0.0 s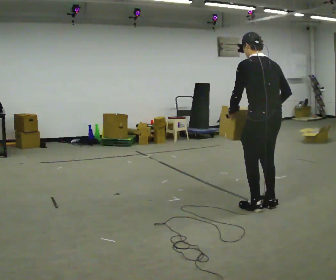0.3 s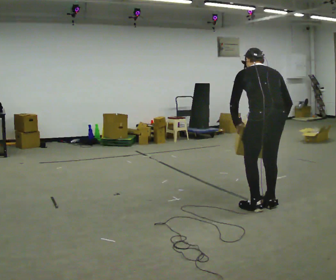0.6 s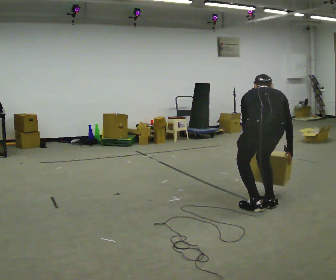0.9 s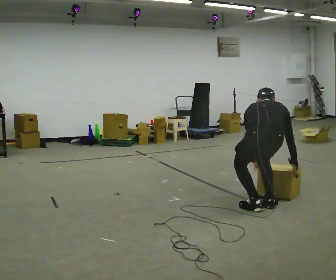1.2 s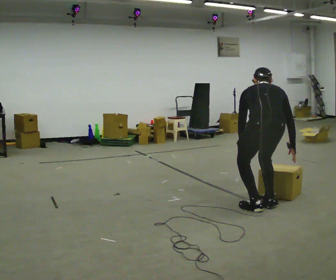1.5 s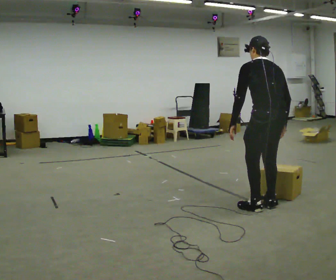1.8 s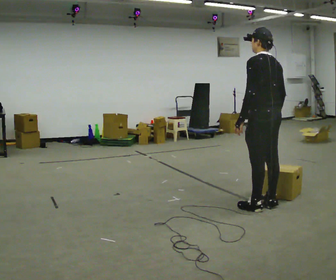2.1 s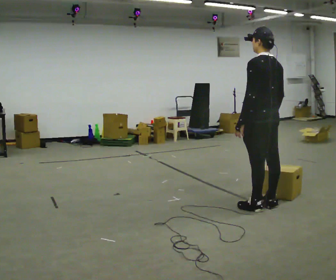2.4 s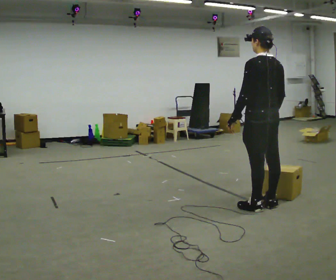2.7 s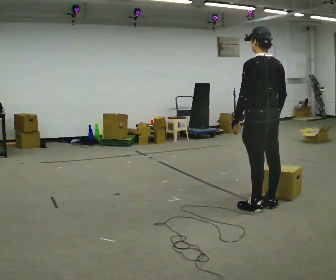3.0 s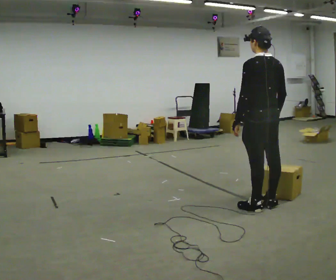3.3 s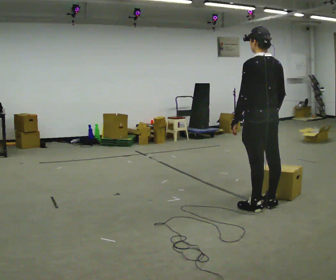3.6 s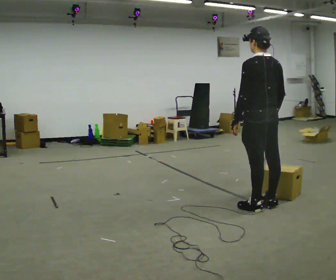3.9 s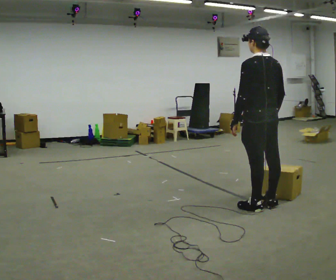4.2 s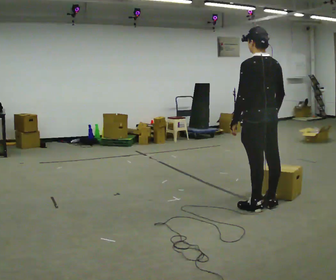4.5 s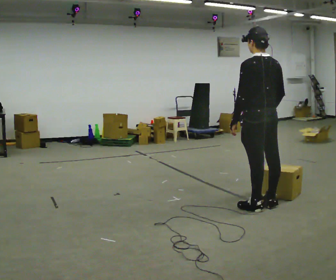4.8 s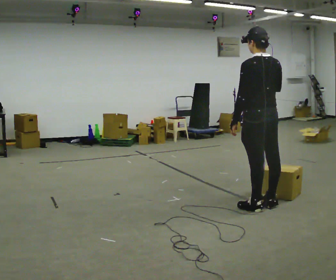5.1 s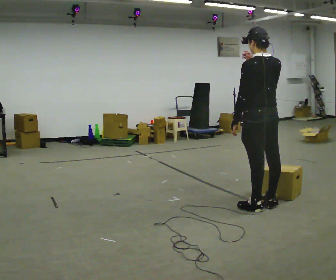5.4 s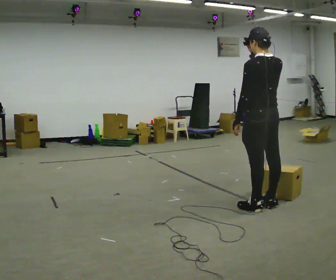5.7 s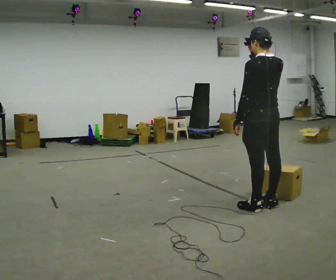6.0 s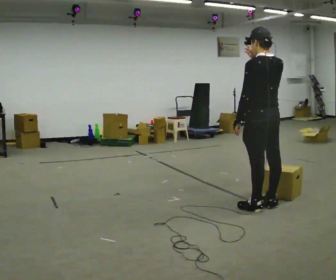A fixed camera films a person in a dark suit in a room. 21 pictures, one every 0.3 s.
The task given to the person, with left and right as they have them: Carry the box along the marked route, turning 90 degrees at the corner the operator calls, and set it down at the end. Keep going until the operator says stop; one object at a time, and do not rush between trips.
0.0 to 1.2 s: The person moves a little, or ends about where they began.
1.2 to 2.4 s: The person turns about 30 degrees to their left, counterclockwise seen from above, so the part of the body nearest the lens slides to the right. The shoulders move upward. The upper body tips toward the camera, its near side rolling downward, as they lean back or straighten.
2.4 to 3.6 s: The person moves a little, or ends about where they began.
3.6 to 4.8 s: In the picture their right hand goes upward.
4.8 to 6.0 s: The person moves a little, or ends about where they began.
The film runs forward here.
